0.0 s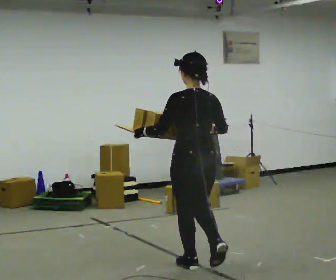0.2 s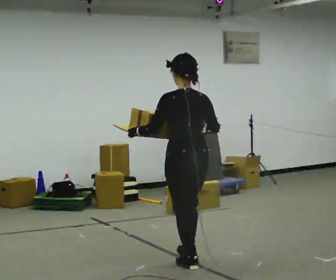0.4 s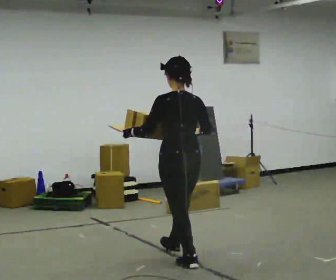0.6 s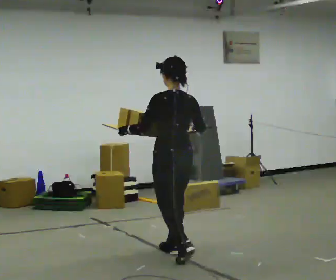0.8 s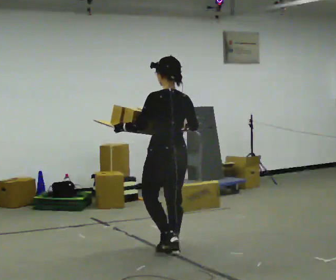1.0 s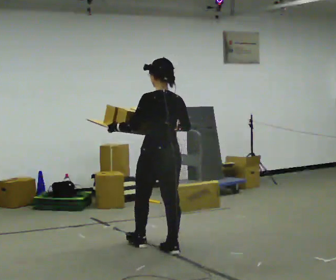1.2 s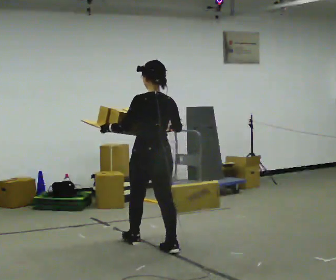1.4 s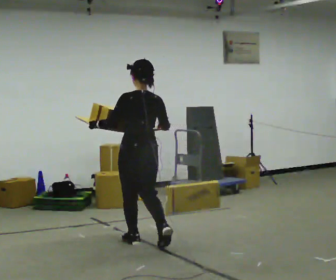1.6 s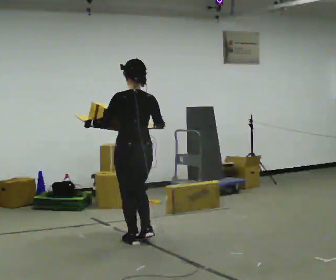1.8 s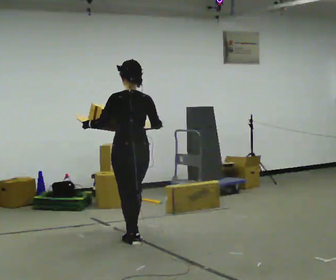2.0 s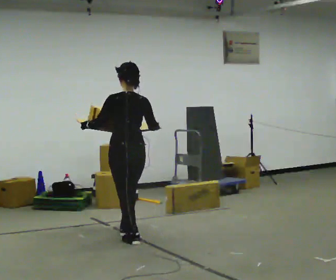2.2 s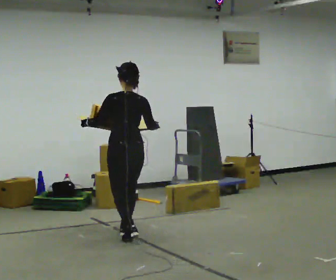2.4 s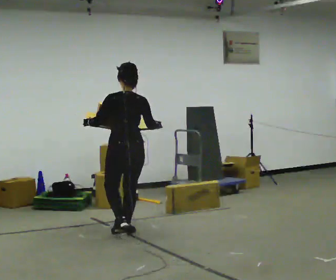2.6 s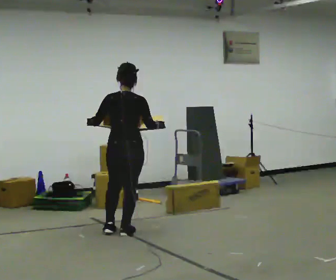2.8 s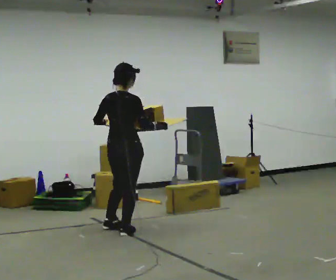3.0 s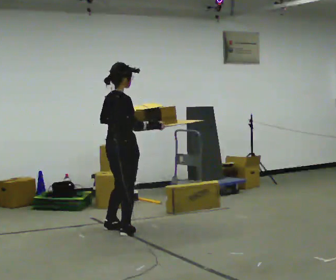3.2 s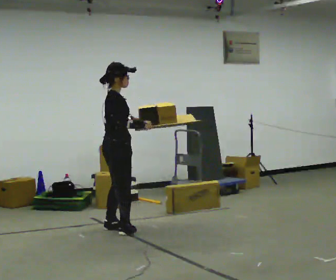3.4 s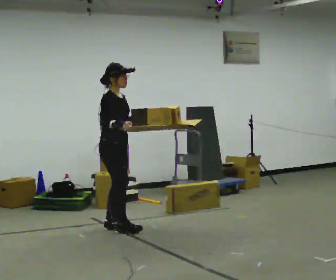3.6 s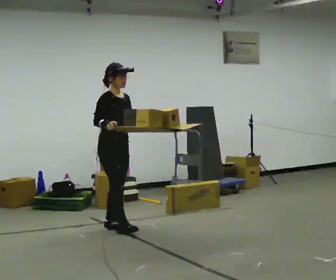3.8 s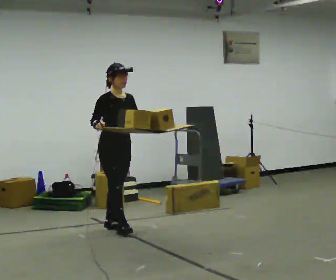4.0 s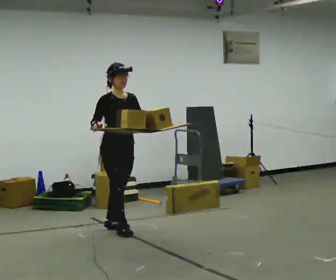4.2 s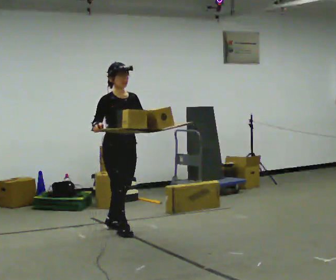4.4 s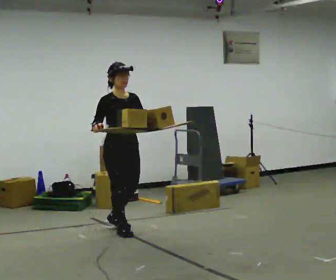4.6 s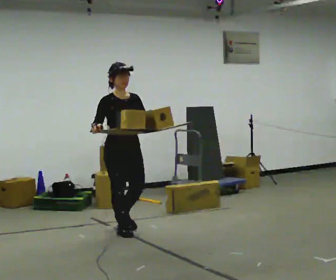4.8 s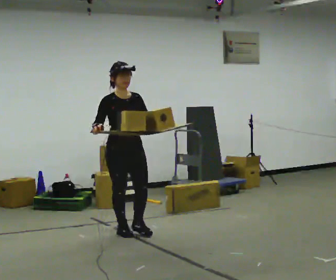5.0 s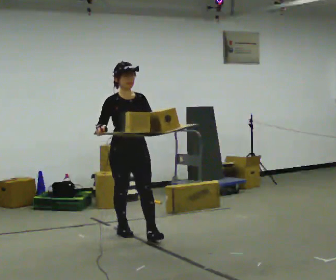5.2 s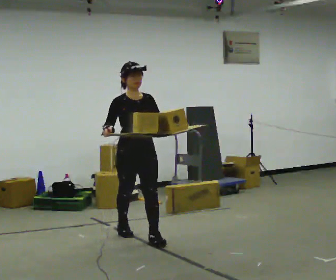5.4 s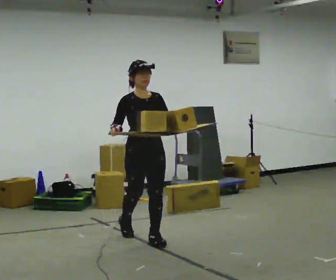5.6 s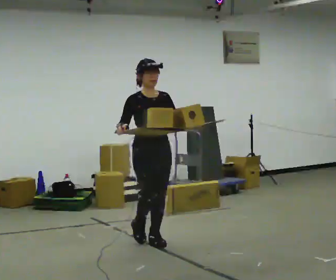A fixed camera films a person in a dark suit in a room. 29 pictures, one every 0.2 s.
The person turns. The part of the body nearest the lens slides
to the left.
The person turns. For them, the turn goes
to their right.
0.0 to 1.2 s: In the picture they go away from the camera and to the left, about 0.5 m in 2 steps, which for them is forward.
1.2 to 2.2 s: In the picture they go away from the camera and to the left, about 0.5 m in 1 step, which for them is forward.
2.2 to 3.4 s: Seen from above the body turns clockwise, about 135 degrees: to their right, with its near side sliding to the left. In the picture they go away from the camera and to the left, about 0.25 m in 1 step.
3.4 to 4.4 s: Seen from above the body turns clockwise, about 30 degrees: to their right, with its near side sliding to the left. In the picture they go toward the camera, about 0.25 m, which for them is forward.
4.4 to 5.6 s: In the picture they go toward the camera and to the right, about 0.5 m in 1 step, which for them is forward.
The film runs forward here.
